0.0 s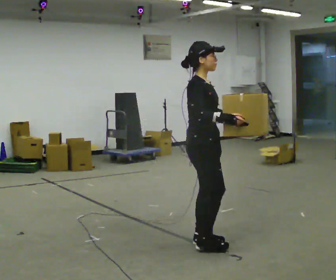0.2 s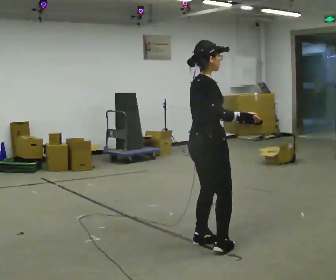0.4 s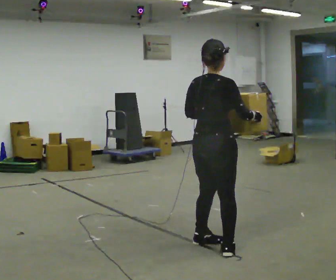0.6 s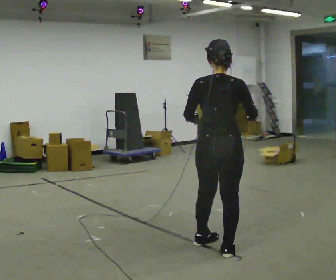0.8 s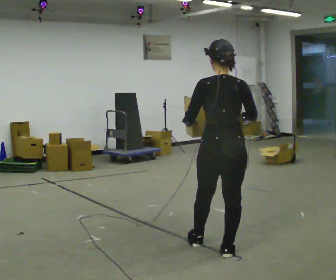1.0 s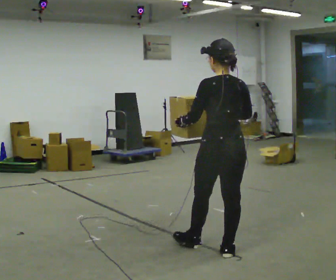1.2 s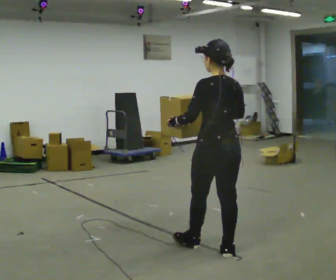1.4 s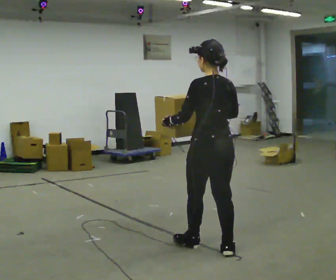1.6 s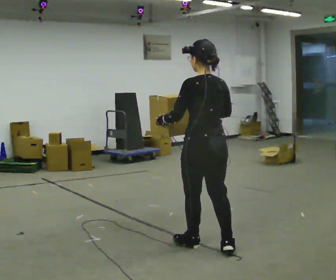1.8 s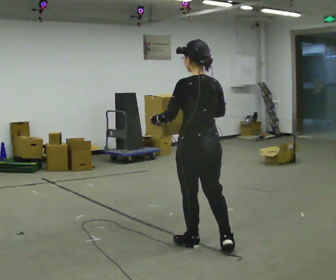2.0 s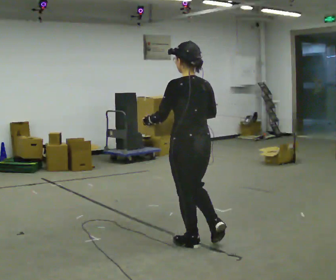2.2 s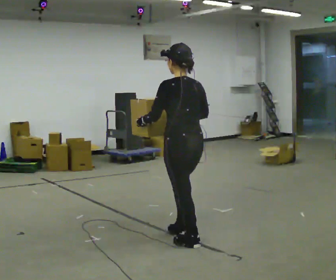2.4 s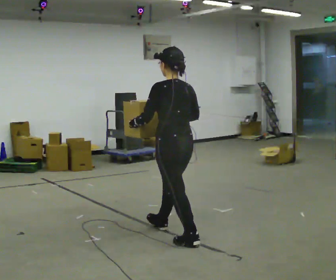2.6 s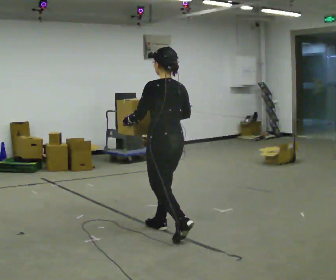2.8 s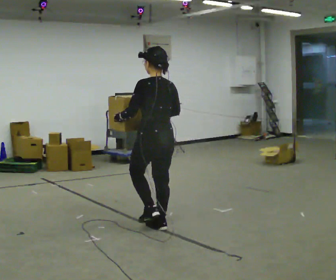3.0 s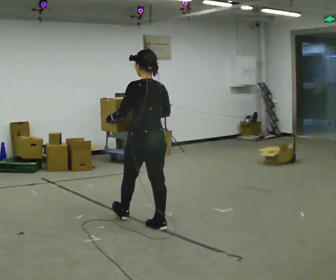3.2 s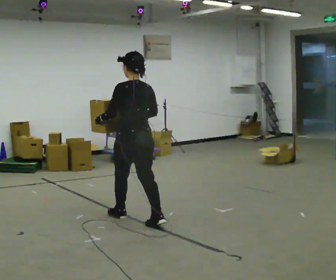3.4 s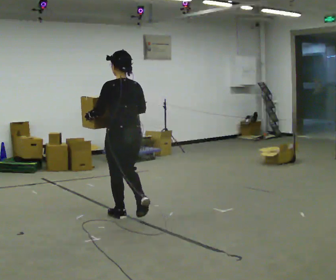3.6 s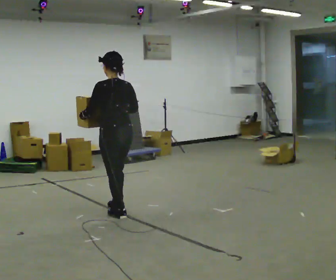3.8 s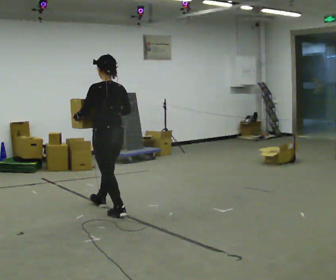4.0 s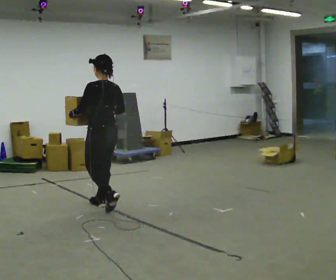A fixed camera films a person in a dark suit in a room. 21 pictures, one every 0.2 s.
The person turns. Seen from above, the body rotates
counterclockwise.
The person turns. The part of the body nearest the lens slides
to the right.
0.0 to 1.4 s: Seen from above the body turns counterclockwise, about 120 degrees: to their left, with its near side sliding to the right. In the picture they go toward the camera, about 0.25 m in 1 step.
1.4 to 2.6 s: In the picture they go away from the camera and to the left, about 0.5 m in 1 step, which for them is forward.
2.6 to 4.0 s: In the picture they go away from the camera and to the left, about 1 m in 2 steps, which for them is forward.
The film runs forward here.
